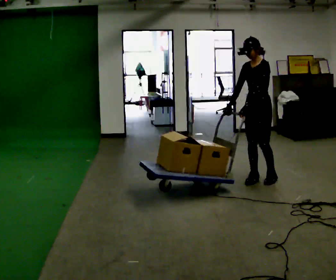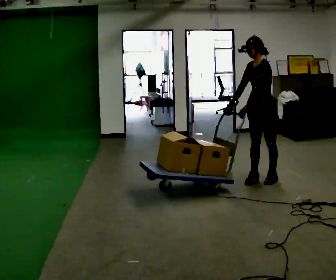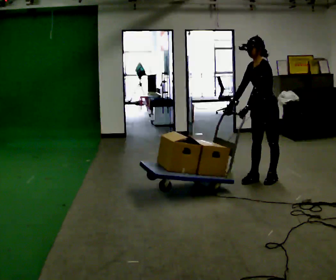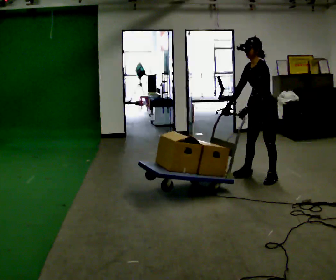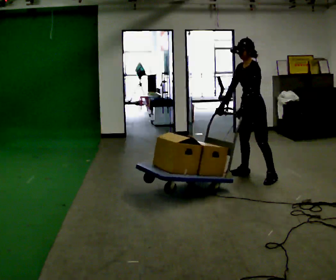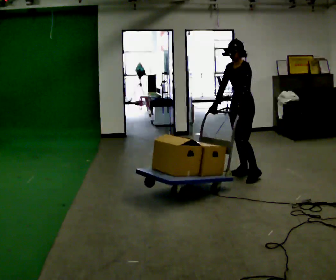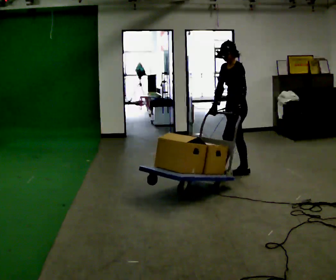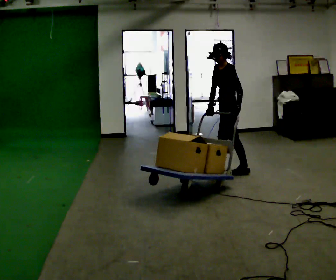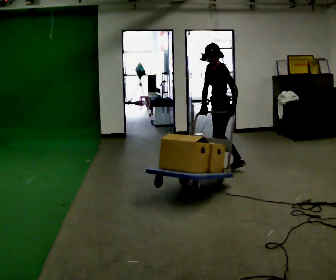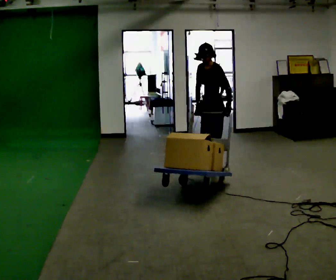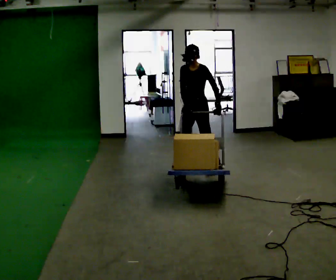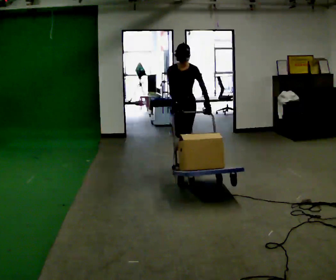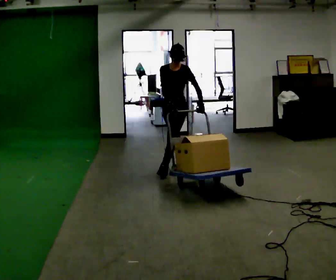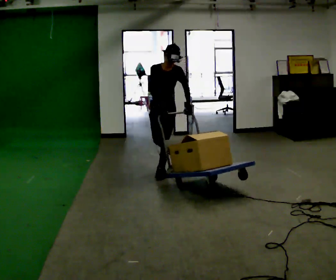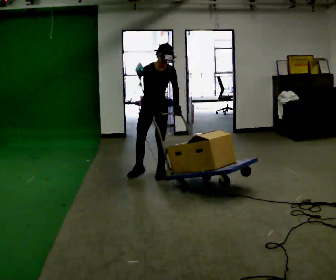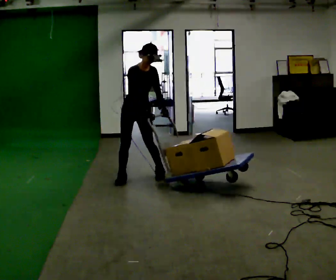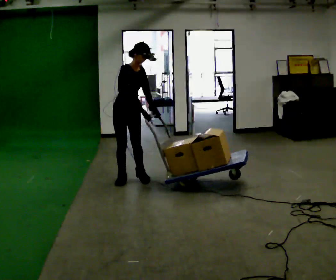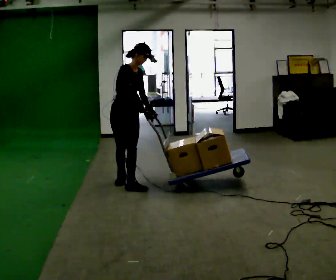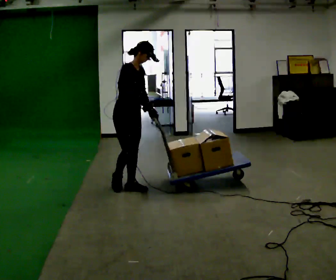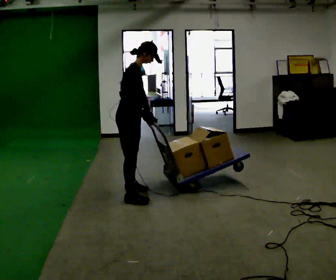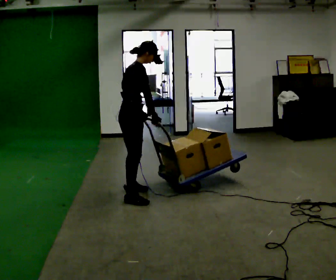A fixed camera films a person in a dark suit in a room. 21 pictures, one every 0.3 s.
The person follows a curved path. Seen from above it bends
counterclockwise.
The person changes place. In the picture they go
to the left.
0.0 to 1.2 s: The person moves a little, or ends about where they began.
1.2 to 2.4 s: In the picture they go to the left and away from the camera, about 0.5 m in 1 step, which for them is to their right and forward.
2.4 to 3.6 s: The part of the body nearest the lens slides to the right as the person turns to their left by about 60 degrees. In the picture they go to the left, about 0.5 m in 1 step, which for them is to their right and forward.
3.6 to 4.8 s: The part of the body nearest the lens slides to the right as the person turns to their left by about 75 degrees. In the picture they go to the left and toward the camera, about 0.5 m in 2 steps.
4.8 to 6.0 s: The part of the body nearest the lens slides to the right as the person turns to their left by about 60 degrees. In the picture they go toward the camera, about 0.5 m in 2 steps.
The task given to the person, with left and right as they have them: Turn the cart round to face the other way without moving it out of the marked square, then turn it back. Repeat until the operator says stop.
The film runs forward here.
